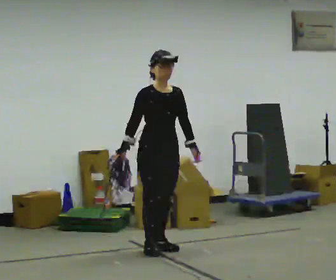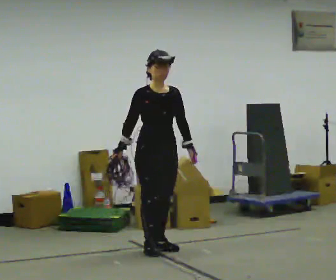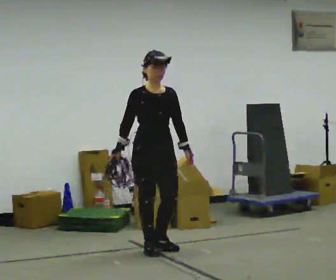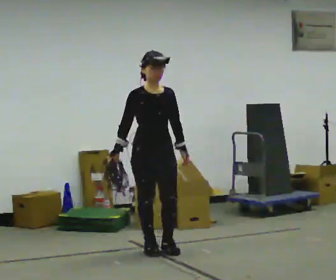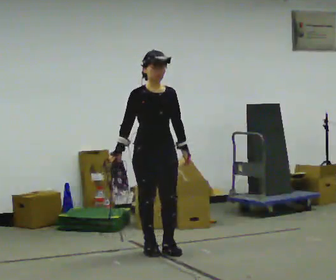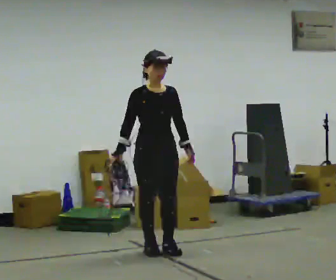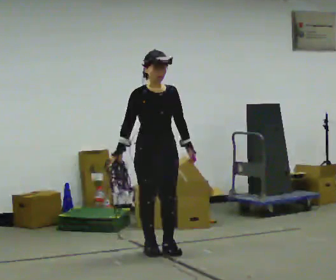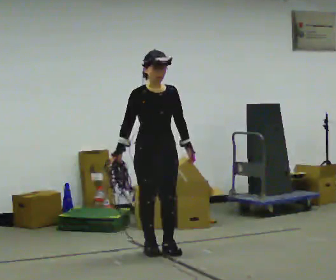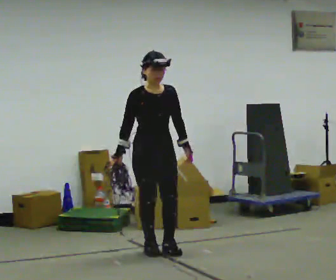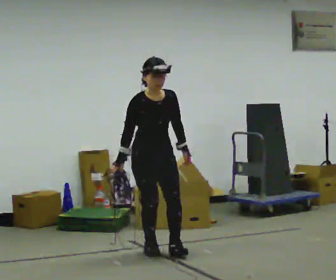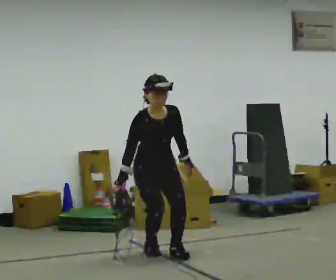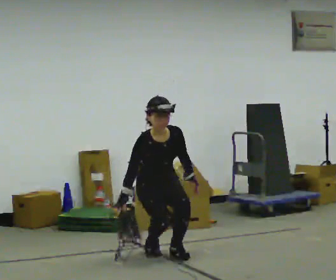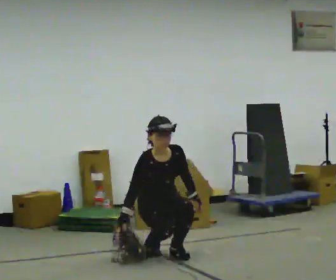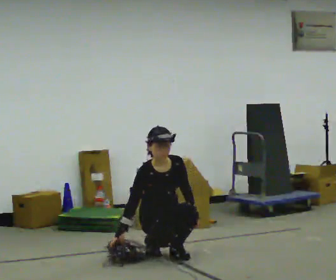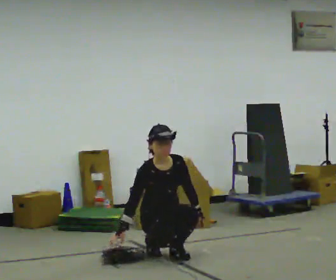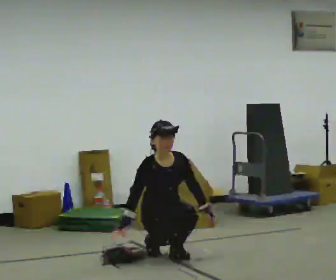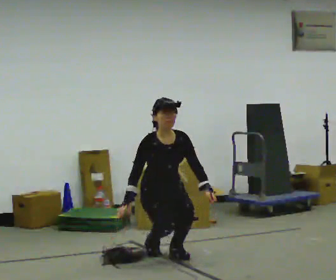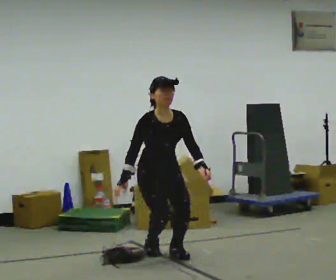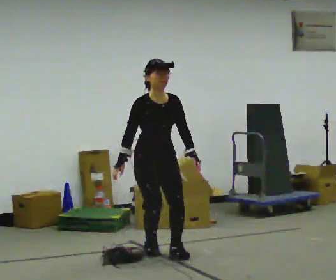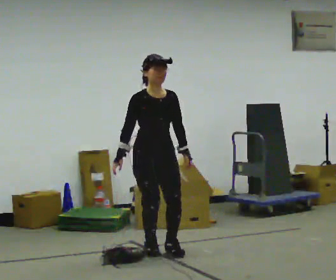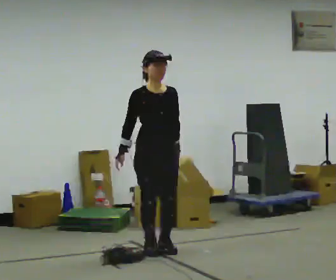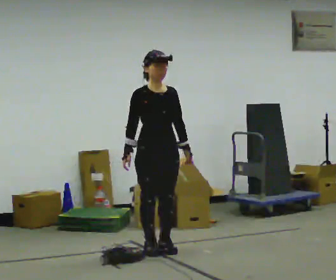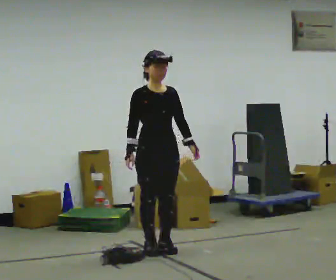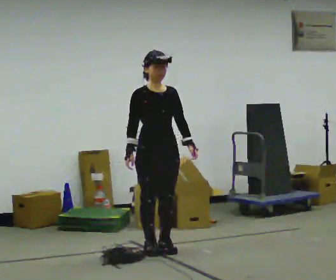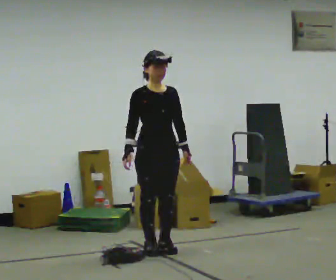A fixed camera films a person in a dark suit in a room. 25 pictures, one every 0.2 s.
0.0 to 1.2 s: The person moves a little, or ends about where they began.
1.2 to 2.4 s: The upper body goes downward. The upper body tips toward the camera, its near side rolling downward, as they bend forward. In the picture their left hand goes downward.
2.4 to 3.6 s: The upper body goes upward. The upper body tips away from the camera, its near side rolling upward, as they lean back or straighten. In the picture their left hand goes upward.
3.6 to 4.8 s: The person moves a little, or ends about where they began.
The film runs forward here.
